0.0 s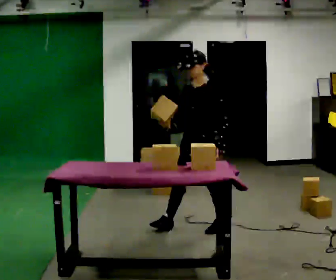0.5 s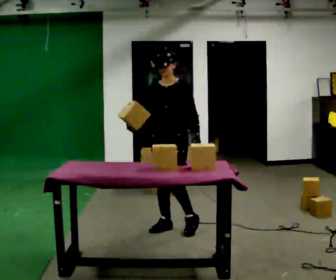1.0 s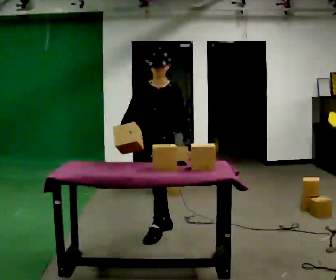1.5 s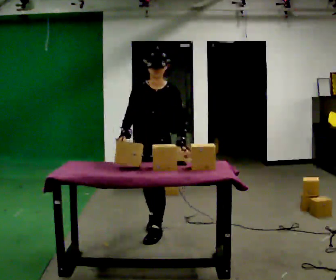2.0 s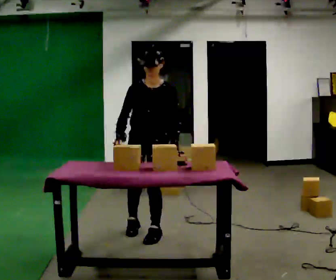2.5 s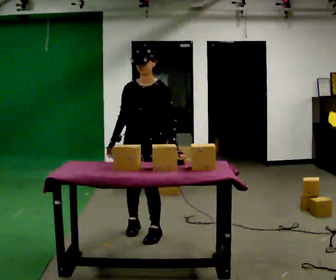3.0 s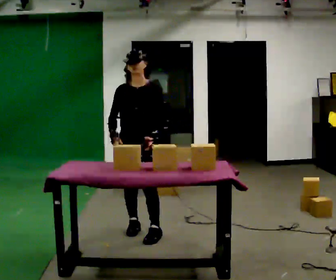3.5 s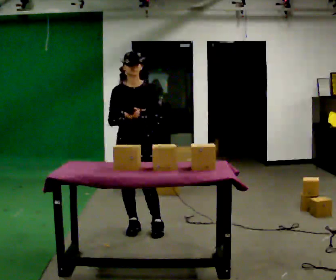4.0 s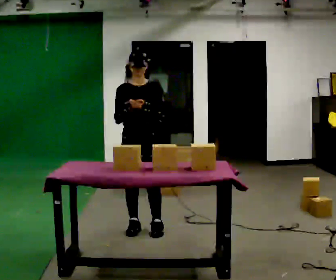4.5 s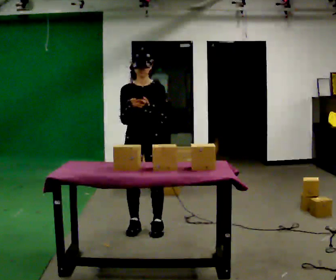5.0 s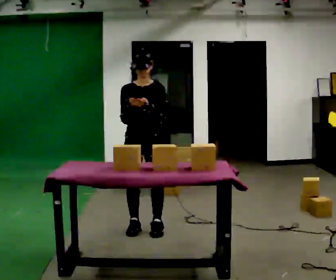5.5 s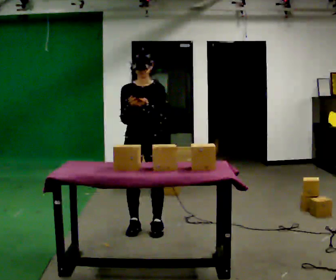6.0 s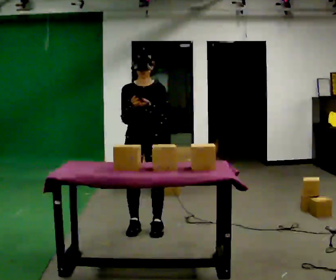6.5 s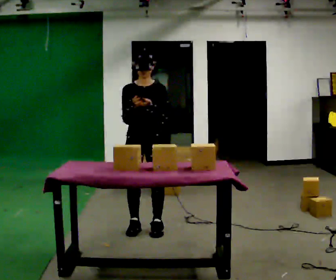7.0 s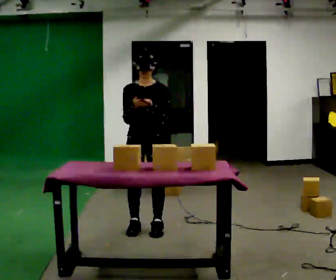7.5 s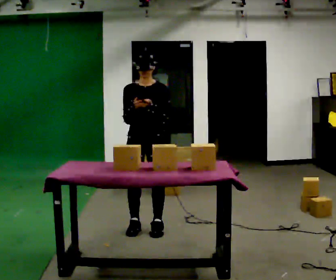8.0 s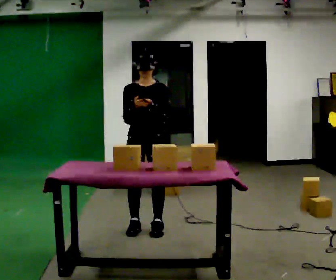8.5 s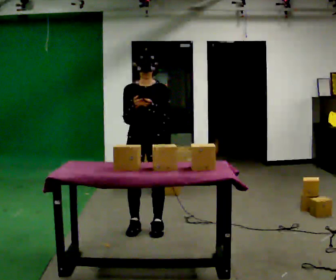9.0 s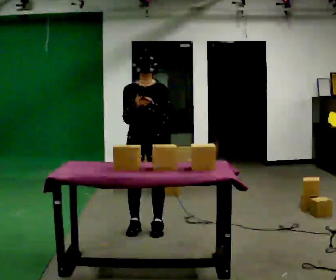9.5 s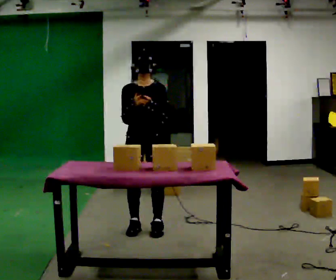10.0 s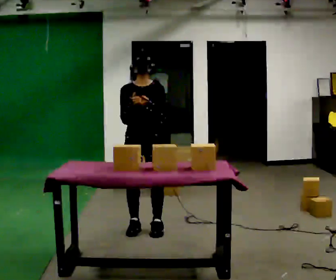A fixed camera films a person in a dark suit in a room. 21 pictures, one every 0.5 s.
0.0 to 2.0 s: The person turns about 30 degrees to their left, counterclockwise seen from above, so the part of the body nearest the lens slides to the right. In the picture they go to the left and toward the camera, about 0.5 m in 2 steps, which for them is forward and to their right. The upper body tips toward the camera, its near side rolling downward.
2.0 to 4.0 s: In the picture they go away from the camera, about 0.25 m in 1 step, which for them is backward. The upper body tips away from the camera, its near side rolling upward, as they lean back or straighten. In the picture their left hand goes upward.
4.0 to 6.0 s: The person moves a little, or ends about where they began.
6.0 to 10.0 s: The person keeps their place and pose.
The film runs forward here.
